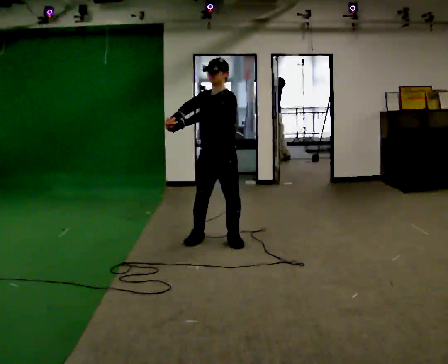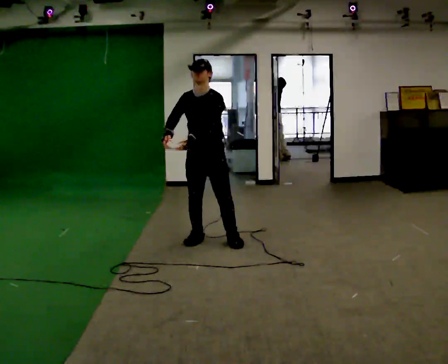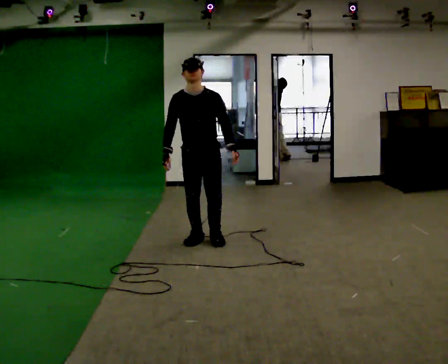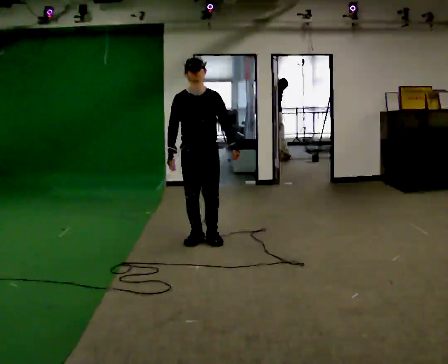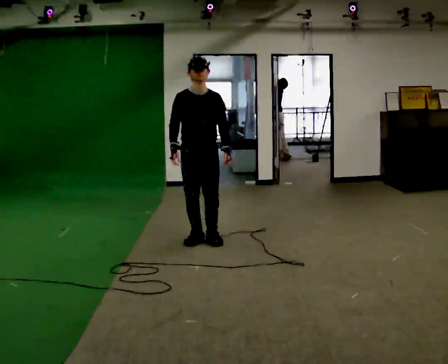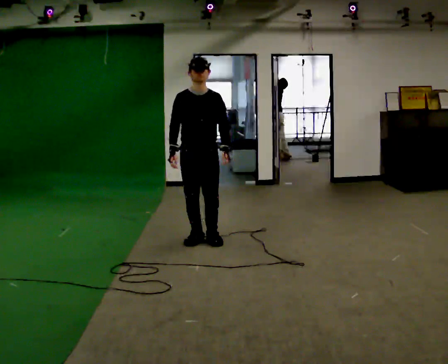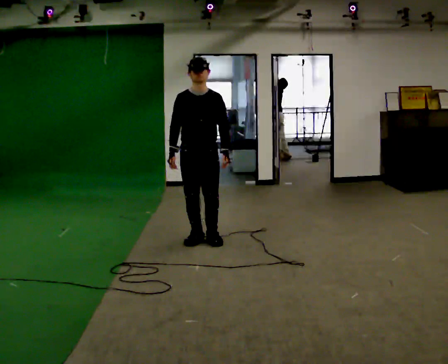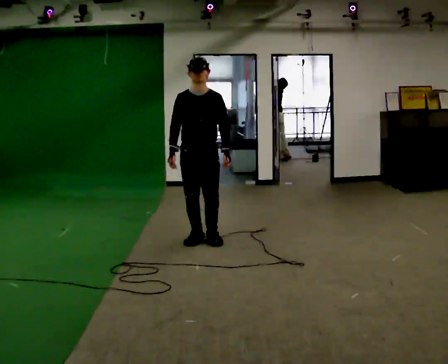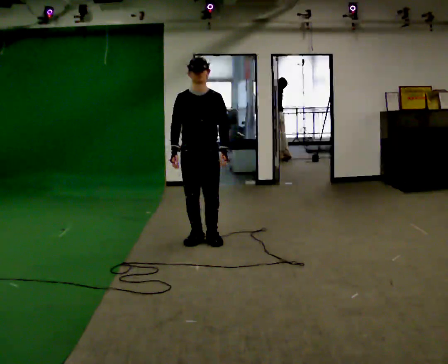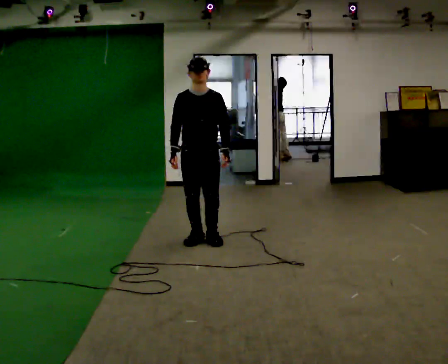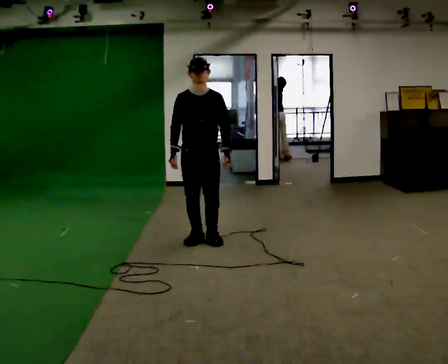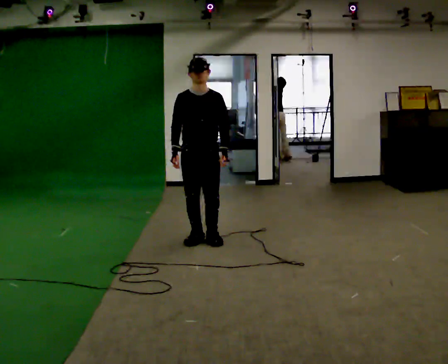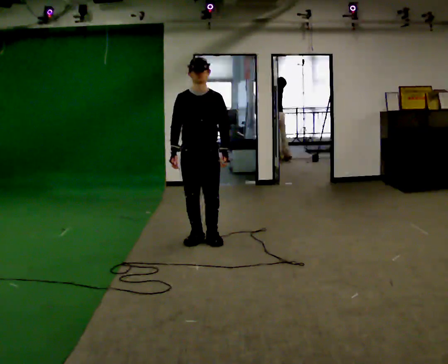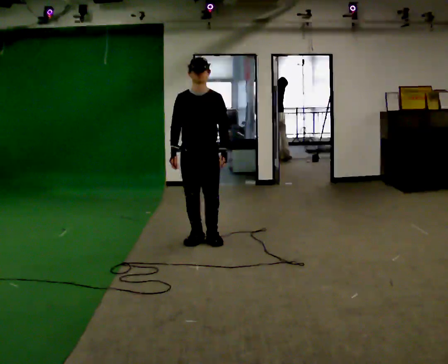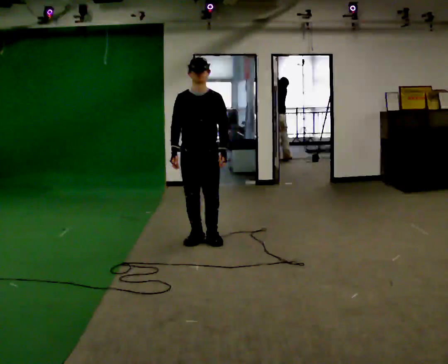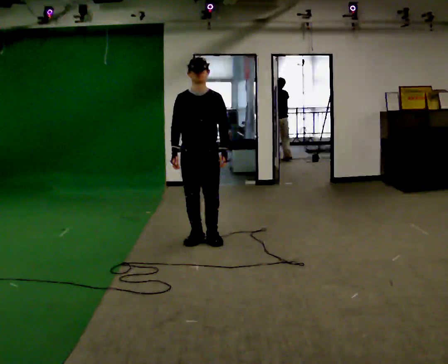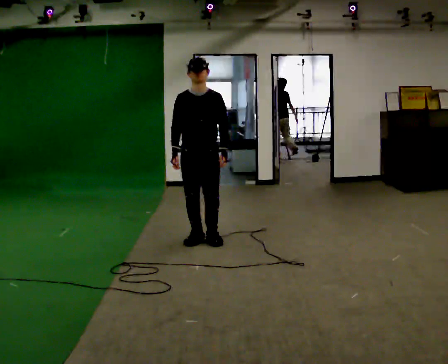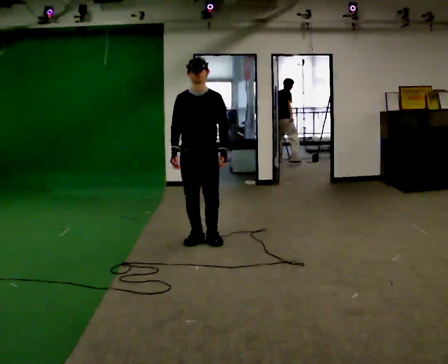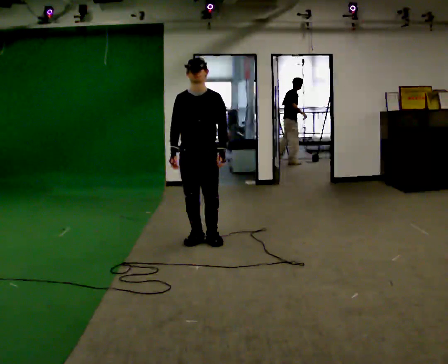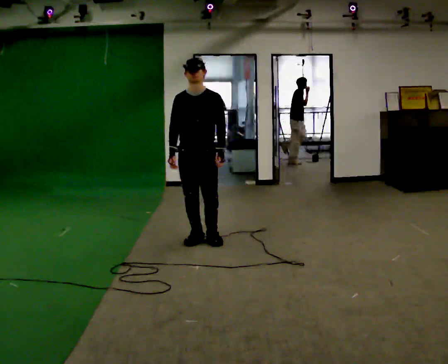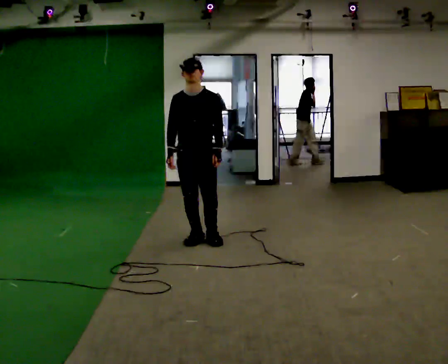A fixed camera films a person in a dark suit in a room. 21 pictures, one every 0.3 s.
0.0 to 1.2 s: Seen from above the body turns counterclockwise, about 45 degrees: to their left, with its near side sliding to the right. In the picture they go to the left, about 0.25 m in 1 step, which for them is to their right. In the picture their left hand goes to the right, the arm swinging counterclockwise.
1.2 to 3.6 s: The person moves a little, or ends about where they began.
3.6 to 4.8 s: The person keeps their place and pose.
4.8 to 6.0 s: The person moves a little, or ends about where they began.
The film runs forward here.
